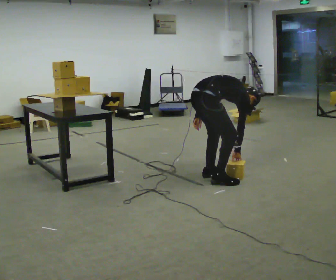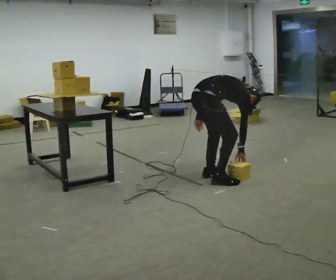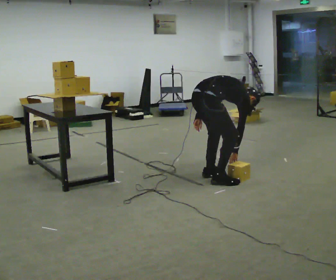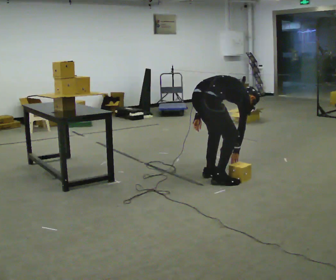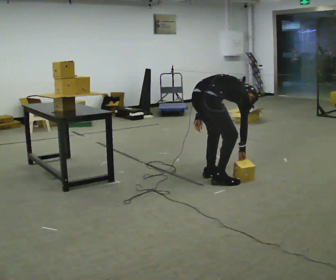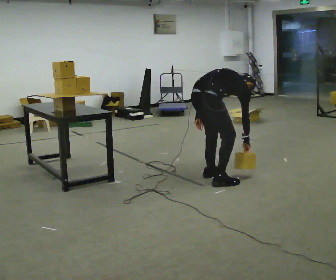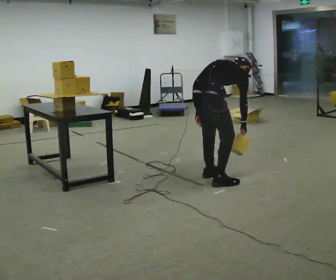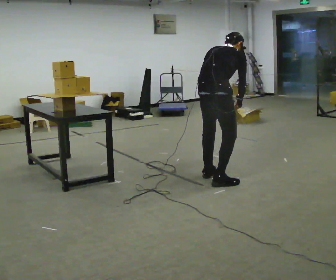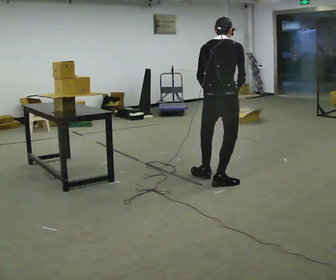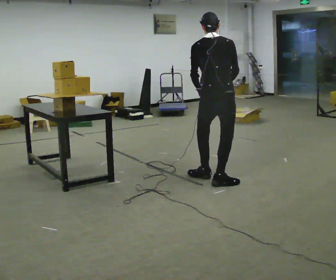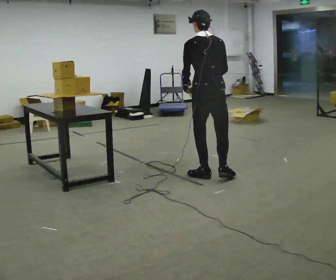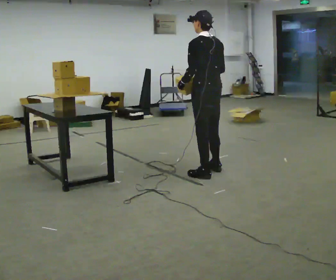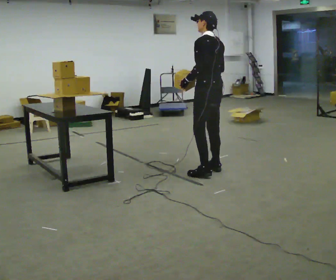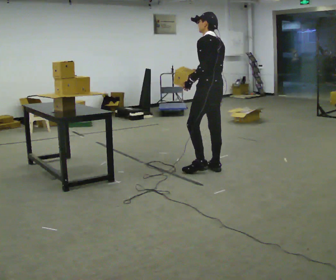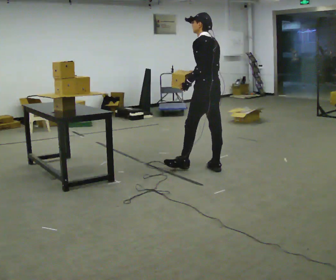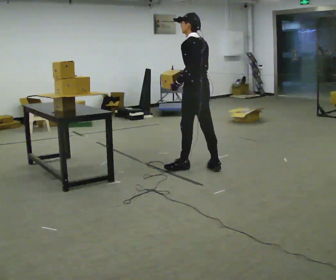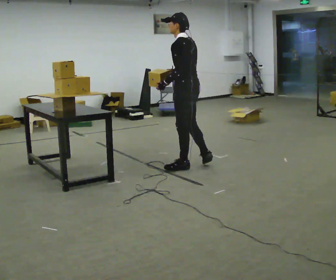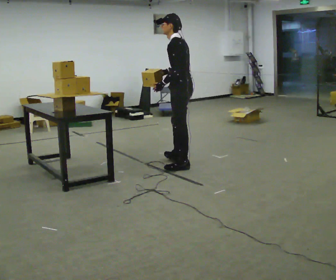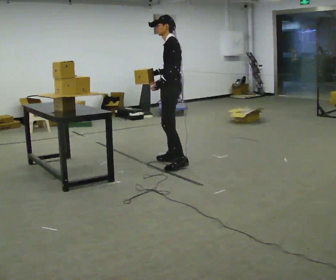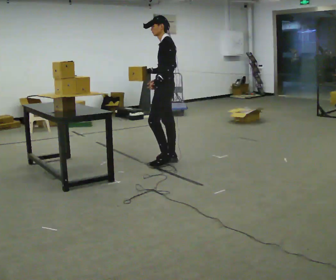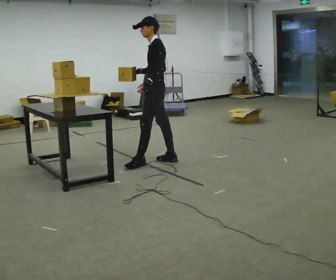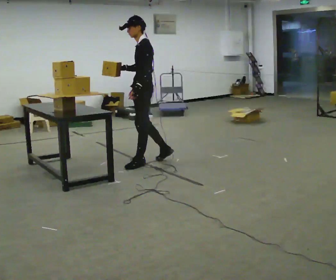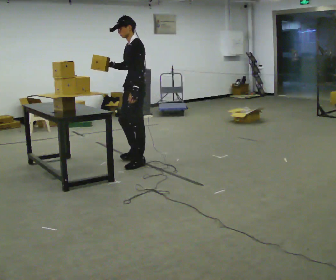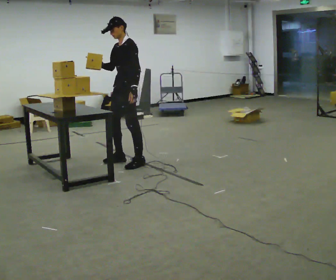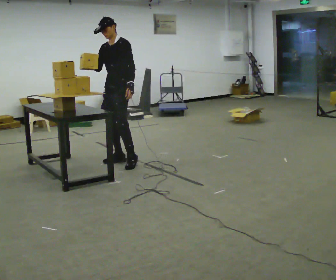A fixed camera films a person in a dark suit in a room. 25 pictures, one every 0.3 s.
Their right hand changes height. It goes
upward.
The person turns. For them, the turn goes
to their left.
0.0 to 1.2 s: The person moves a little, or ends about where they began.
1.2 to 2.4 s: Seen from above the body turns counterclockwise, about 30 degrees: to their left, with its near side sliding to the right. The upper body goes upward. In the picture the upper body tilts counterclockwise, shoulders to the left, as they lean back or straighten.
2.4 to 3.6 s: The person turns about 75 degrees to their left, counterclockwise seen from above, so the part of the body nearest the lens slides to the right. In the picture they go away from the camera, about 0.5 m in 1 step. The upper body tips toward the camera, its near side rolling downward, as they lean back or straighten.
3.6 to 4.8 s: In the picture they go to the left, about 0.25 m in 1 step, which for them is forward.
4.8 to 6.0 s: Seen from above the body turns counterclockwise, about 30 degrees: to their left, with its near side sliding to the right. In the picture they go to the left and away from the camera, about 0.5 m in 2 steps, which for them is forward and to their right.
6.0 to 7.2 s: The person turns about 45 degrees to their left, counterclockwise seen from above, so the part of the body nearest the lens slides to the right. In the picture they go to the left, about 0.5 m in 1 step, which for them is forward.
The film runs forward here.
